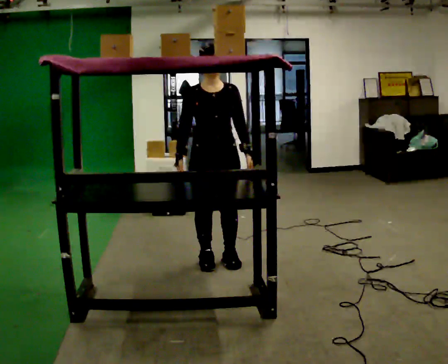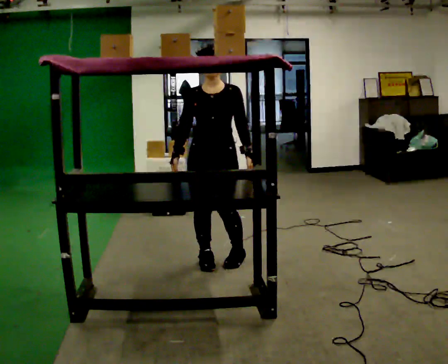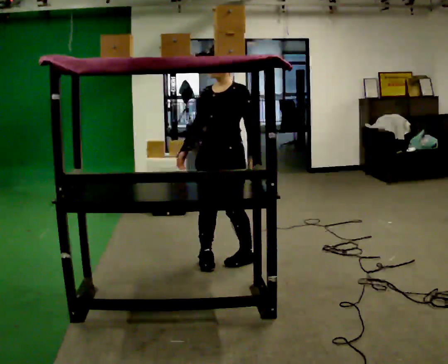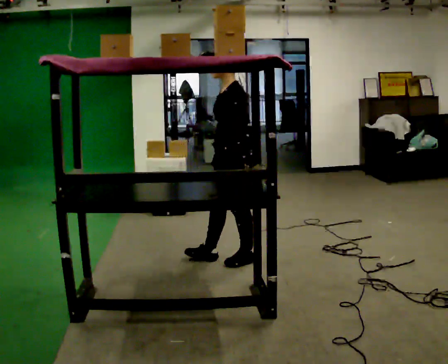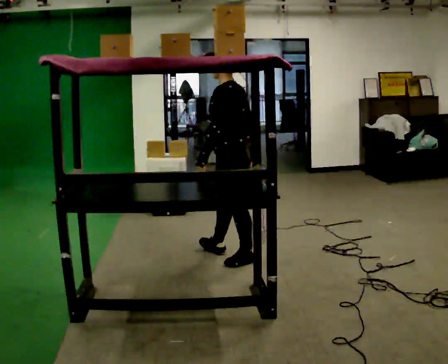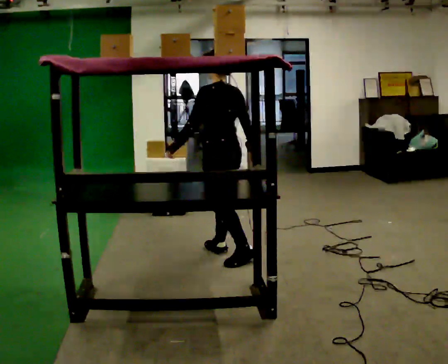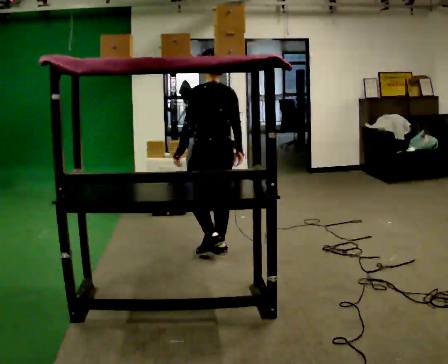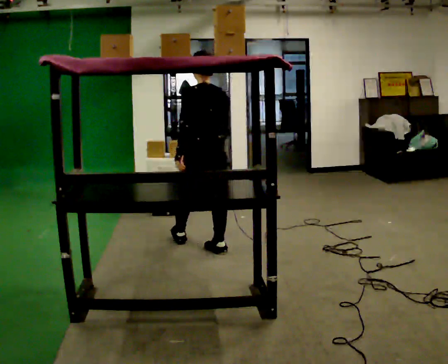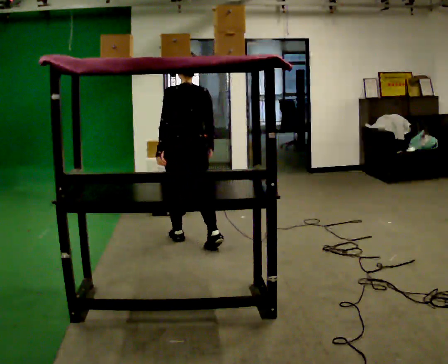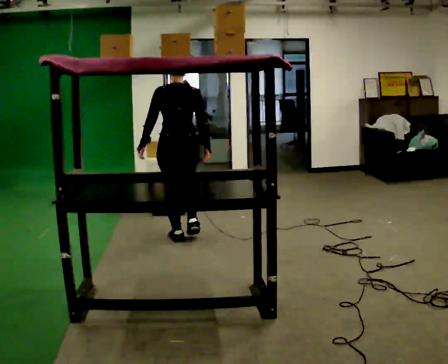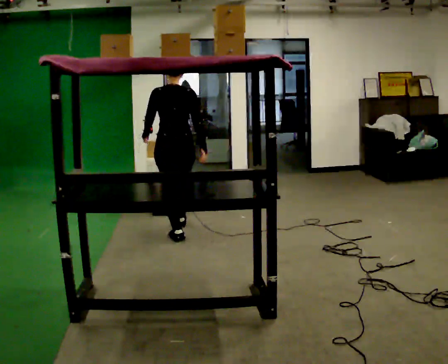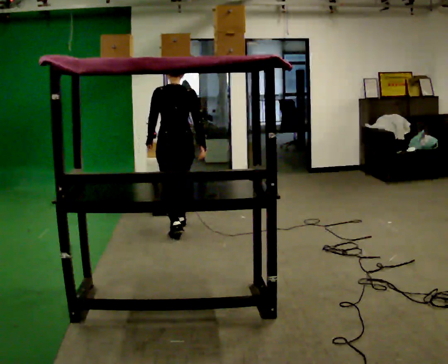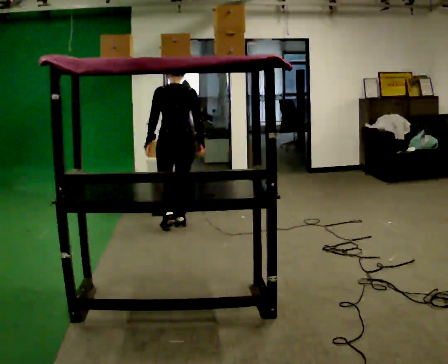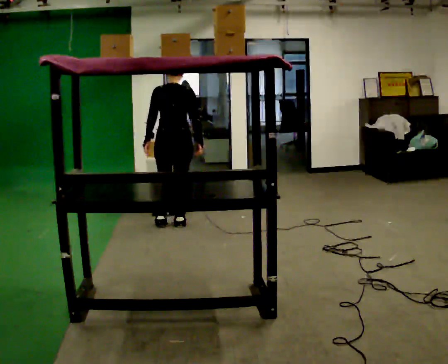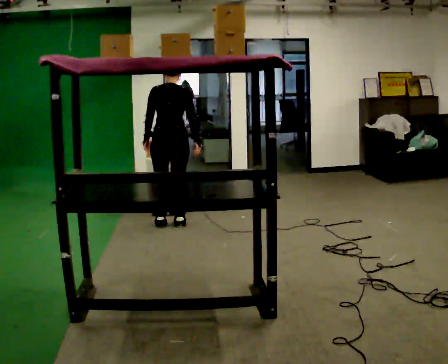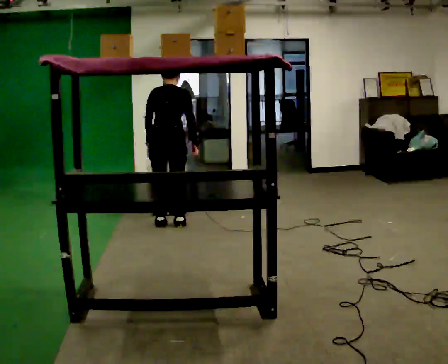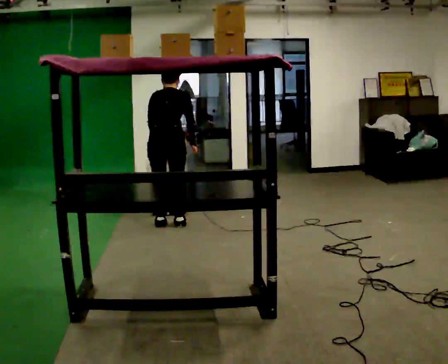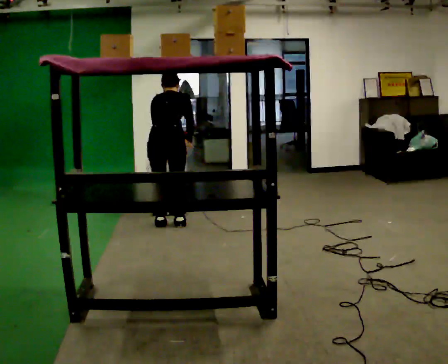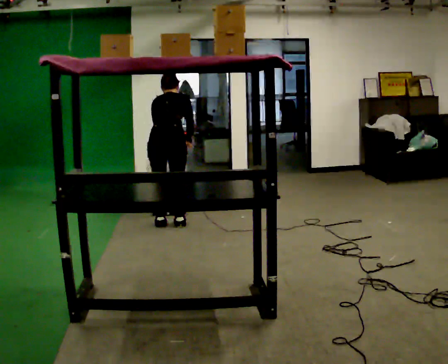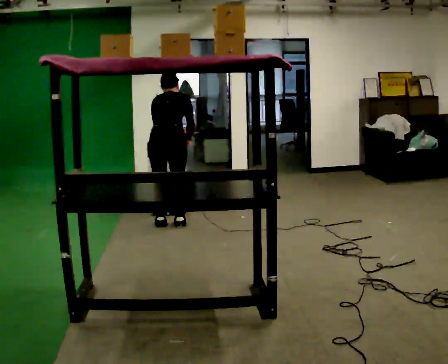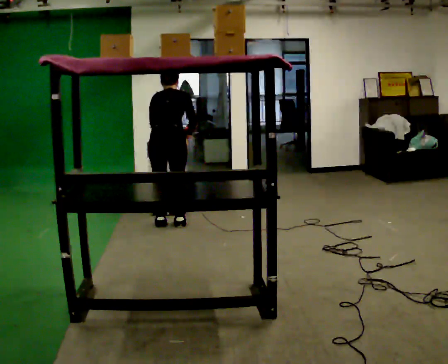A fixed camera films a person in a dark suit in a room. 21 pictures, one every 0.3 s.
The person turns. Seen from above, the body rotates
clockwise.
The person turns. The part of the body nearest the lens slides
to the left.
0.0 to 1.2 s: The person turns about 120 degrees to their right, clockwise seen from above, so the part of the body nearest the lens slides to the left. In the picture they go to the right, about 0.25 m in 2 steps. In the picture their right hand goes to the right, the arm swinging counterclockwise.
1.2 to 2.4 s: Seen from above the body turns clockwise, about 45 degrees: to their right, with its near side sliding to the left. In the picture they go away from the camera and to the left, about 0.5 m in 1 step, which for them is forward.
2.4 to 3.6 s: In the picture they go away from the camera, about 0.5 m in 1 step, which for them is forward.
3.6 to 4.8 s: The upper body tips away from the camera, its near side rolling upward, as they bend forward.
4.8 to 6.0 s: The person moves a little, or ends about where they began.
The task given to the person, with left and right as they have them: Take an object from the waist-height shelf, carry it across the room, and place it on the highest shelf you can comfortably reach. Keep going until the operator says stop; one object at a time, and do not rush between trips.
The film runs forward here.
